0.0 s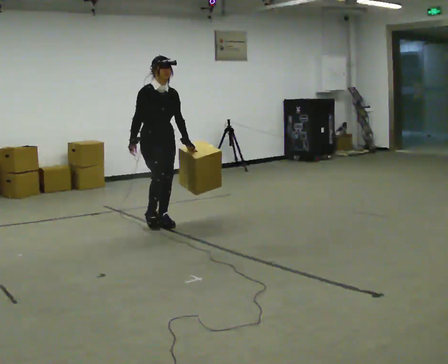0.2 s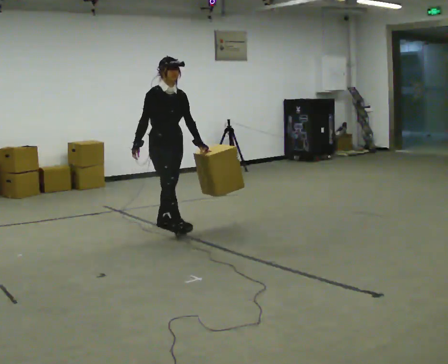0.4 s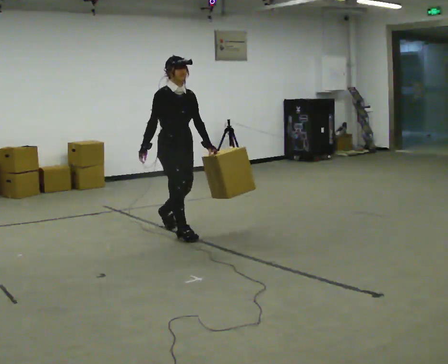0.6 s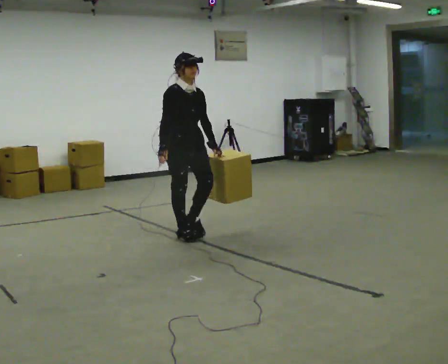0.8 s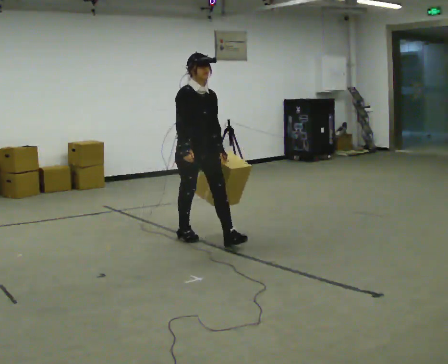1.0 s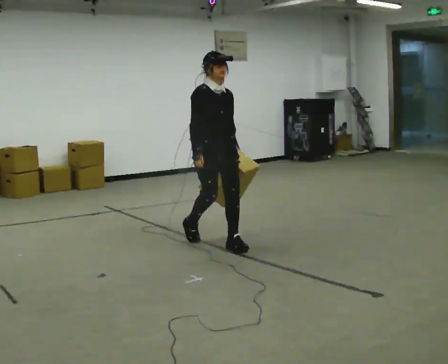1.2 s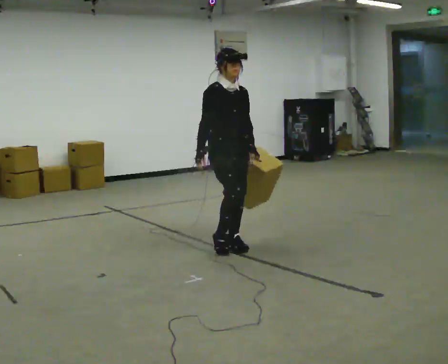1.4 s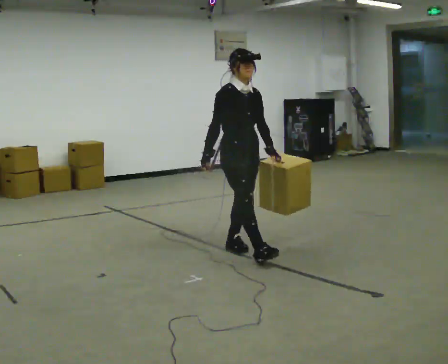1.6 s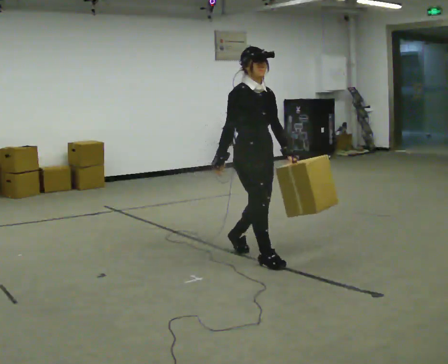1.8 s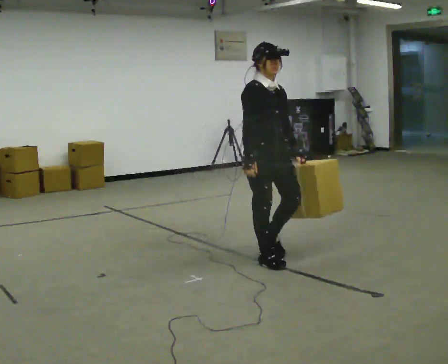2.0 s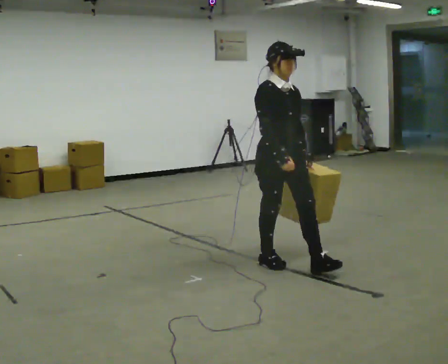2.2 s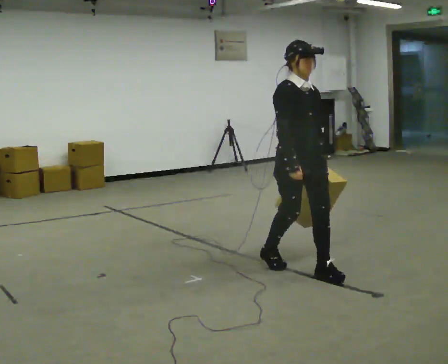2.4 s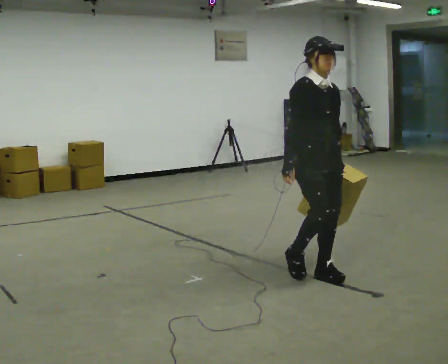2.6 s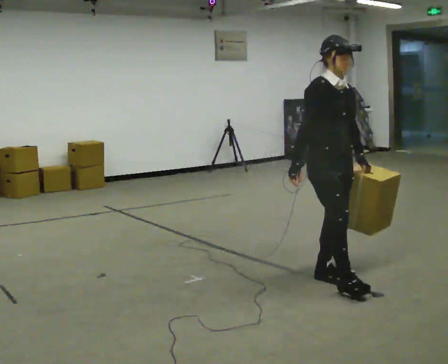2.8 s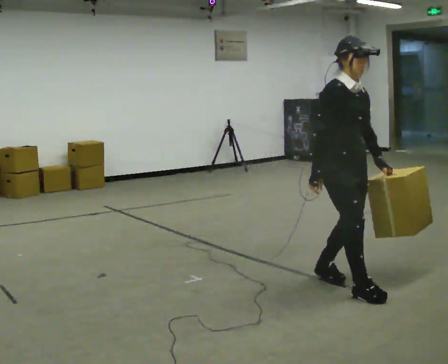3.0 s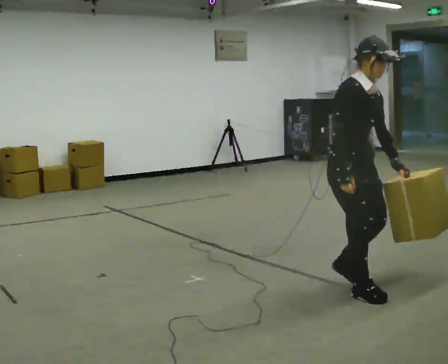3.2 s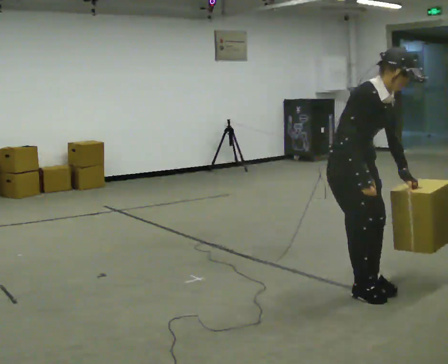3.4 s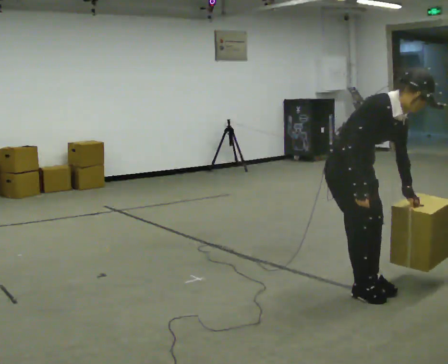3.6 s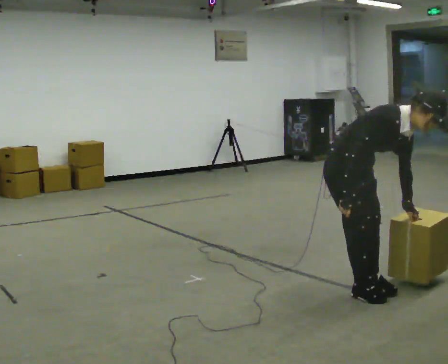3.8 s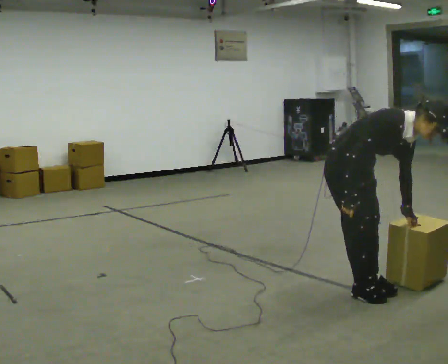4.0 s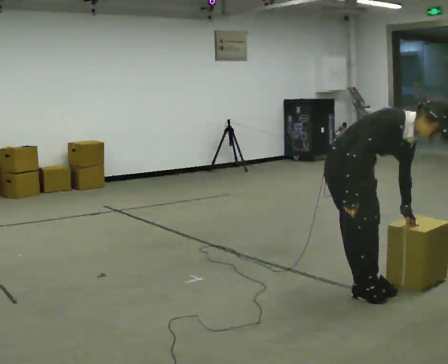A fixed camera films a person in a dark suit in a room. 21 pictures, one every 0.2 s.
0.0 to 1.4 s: In the picture they go toward the camera and to the right, about 1 m in 2 steps, which for them is forward.
1.4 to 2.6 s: In the picture they go toward the camera and to the right, about 1 m in 2 steps, which for them is forward.
2.6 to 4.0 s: In the picture they go toward the camera, about 0.25 m in 2 steps, which for them is forward. The shoulders move downward. In the picture the upper body tilts clockwise, shoulders to the right, as they bend forward.
The film runs forward here.
